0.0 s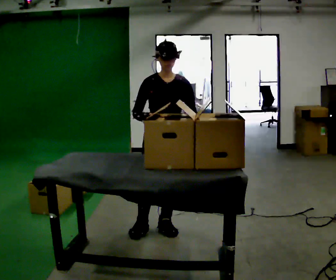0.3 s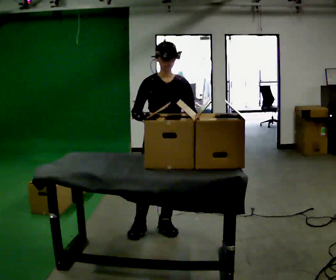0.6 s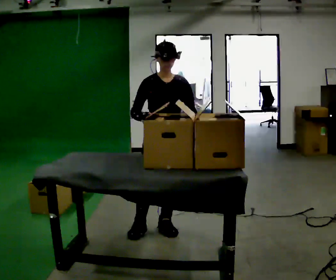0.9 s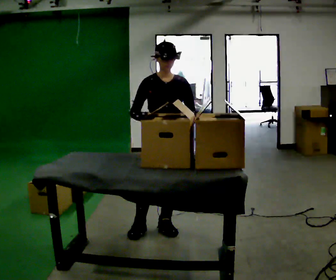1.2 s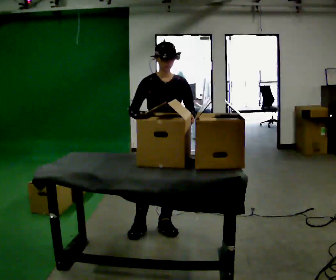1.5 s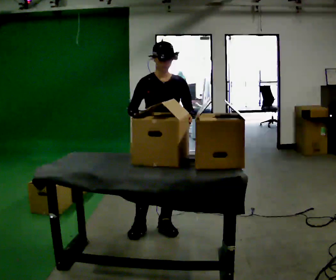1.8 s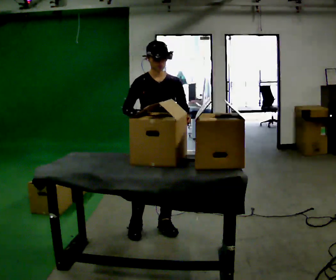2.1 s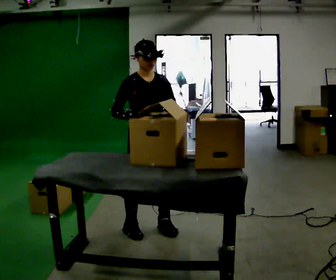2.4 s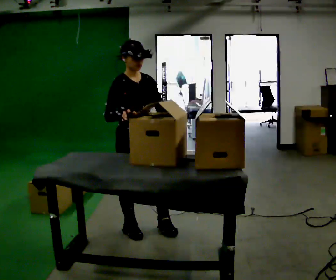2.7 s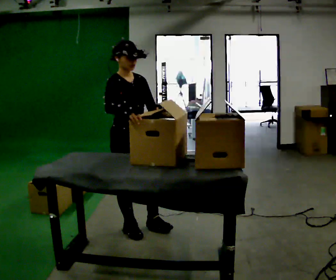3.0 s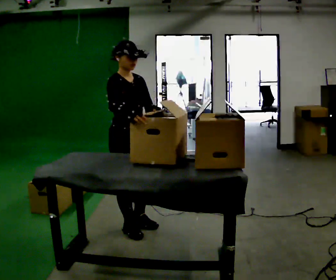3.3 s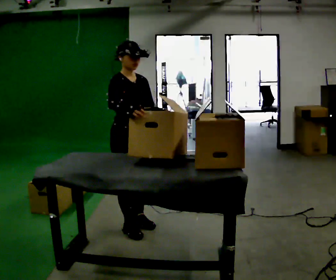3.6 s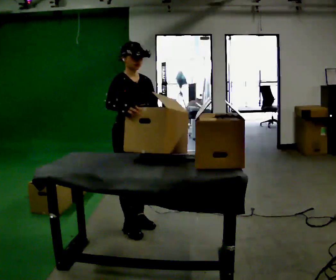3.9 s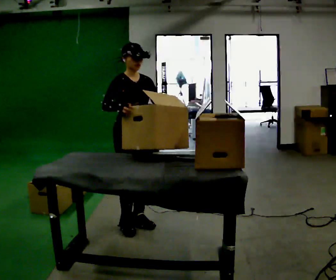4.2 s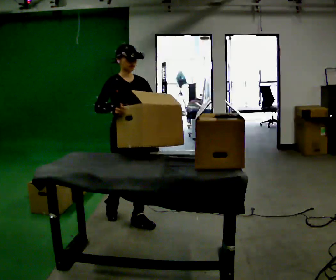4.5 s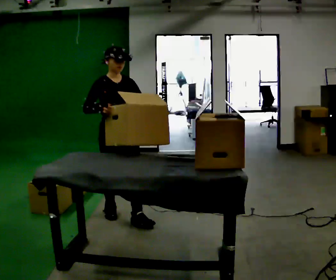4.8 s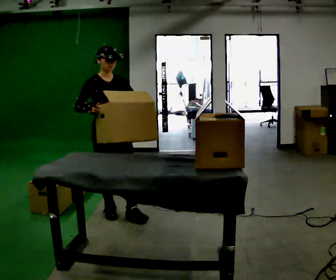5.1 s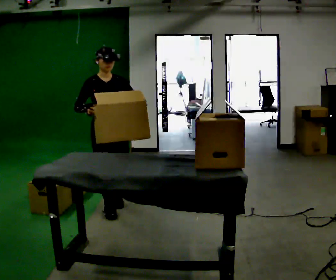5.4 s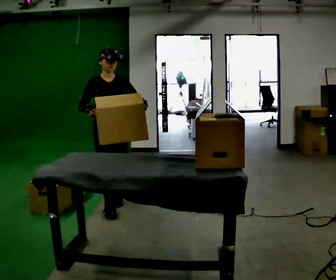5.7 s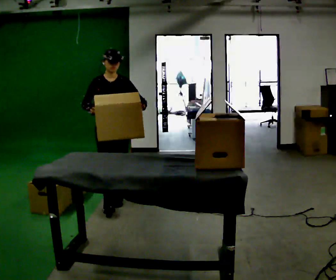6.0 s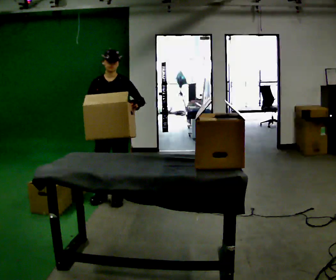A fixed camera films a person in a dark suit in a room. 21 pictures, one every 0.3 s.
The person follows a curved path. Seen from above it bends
clockwise.
0.0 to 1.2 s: The person moves a little, or ends about where they began.
1.2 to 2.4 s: The part of the body nearest the lens slides to the right as the person turns to their left by about 30 degrees. In the picture they go to the left, about 0.25 m, which for them is to their right.
2.4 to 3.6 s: The person moves a little, or ends about where they began.
3.6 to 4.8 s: In the picture they go away from the camera and to the left, about 0.25 m in 2 steps, which for them is backward.
4.8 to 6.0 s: The part of the body nearest the lens slides to the left as the person turns to their right by about 30 degrees. In the picture they go away from the camera, about 0.5 m in 1 step, which for them is backward.
The film runs backward here.
